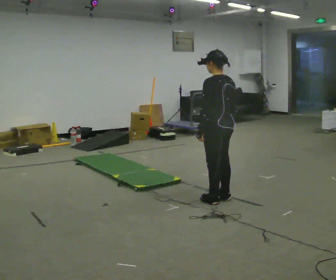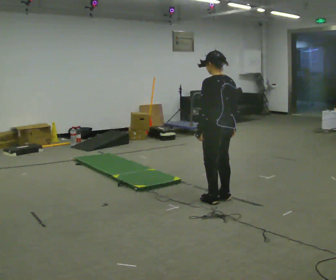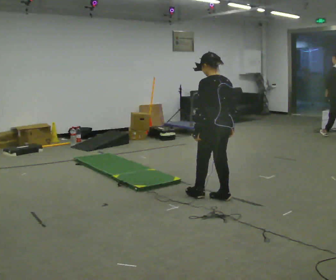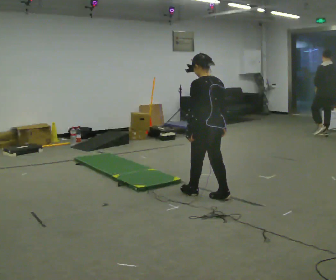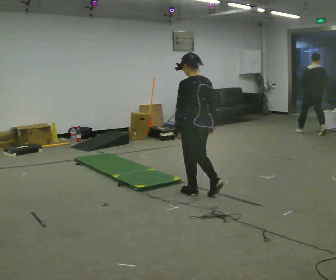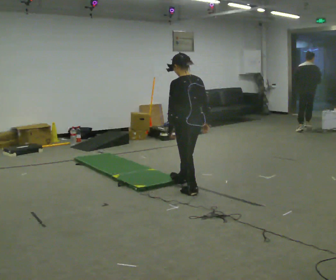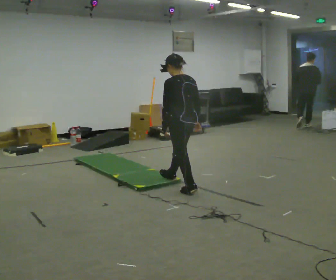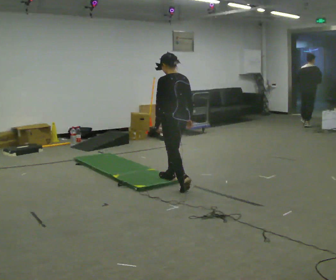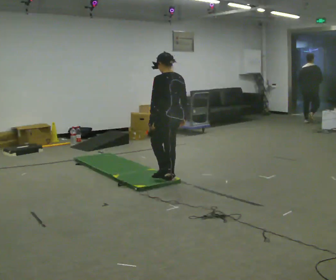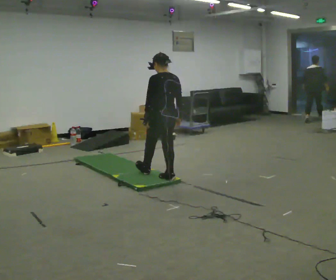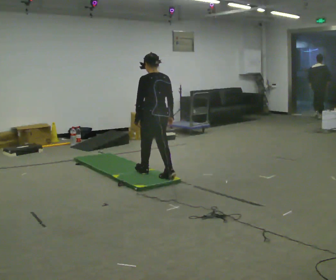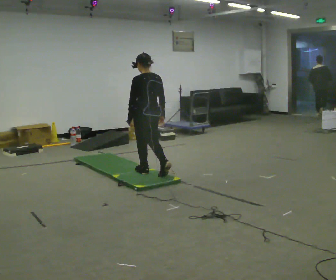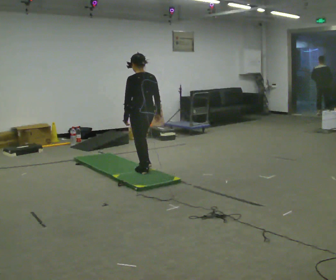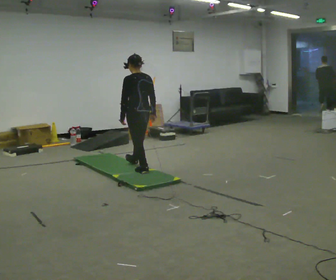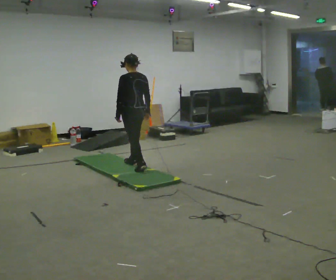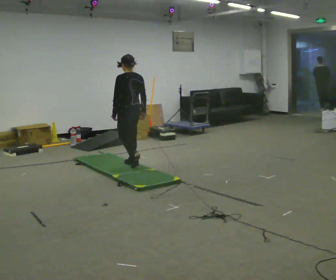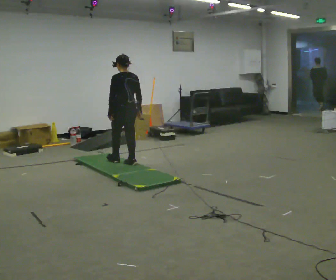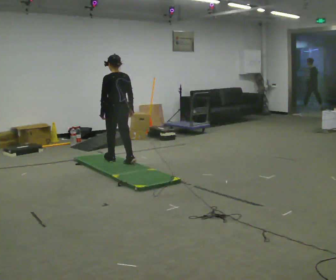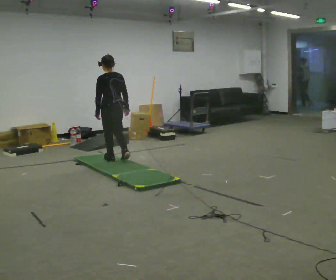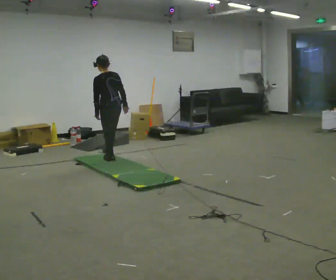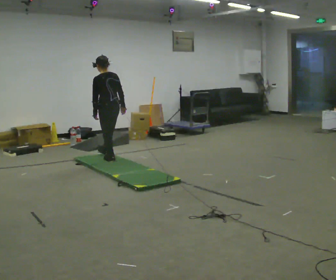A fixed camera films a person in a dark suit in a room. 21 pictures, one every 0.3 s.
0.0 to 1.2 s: In the picture they go away from the camera and to the left, about 0.25 m in 1 step, which for them is forward.
1.2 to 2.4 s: In the picture they go away from the camera and to the left, about 0.5 m in 1 step, which for them is forward.
2.4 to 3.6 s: In the picture they go away from the camera and to the left, about 0.5 m in 1 step, which for them is forward.
3.6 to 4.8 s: In the picture they go away from the camera and to the left, about 0.5 m in 1 step, which for them is forward.
4.8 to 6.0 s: In the picture they go away from the camera and to the left, about 0.25 m in 2 steps, which for them is forward.
The film runs forward here.
